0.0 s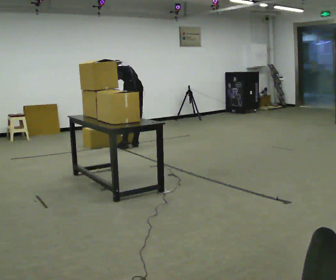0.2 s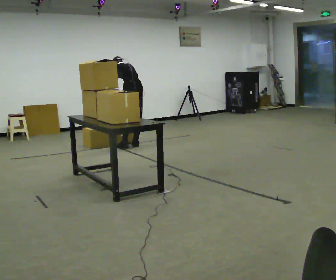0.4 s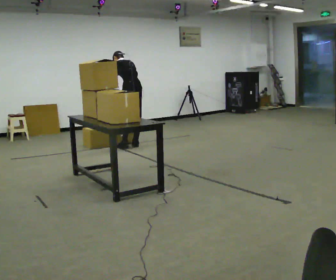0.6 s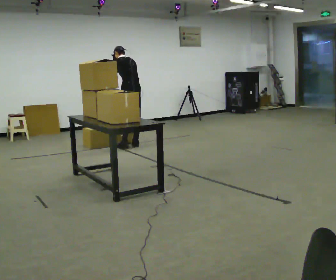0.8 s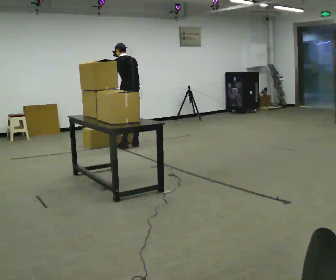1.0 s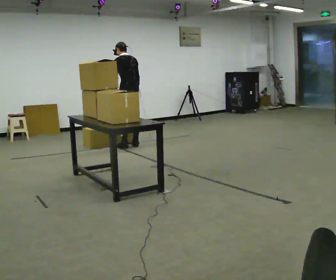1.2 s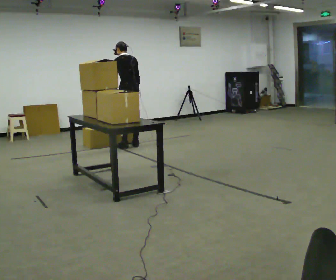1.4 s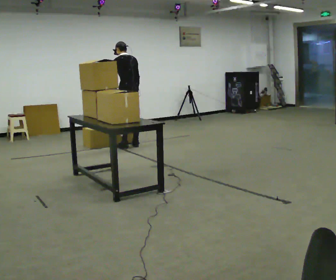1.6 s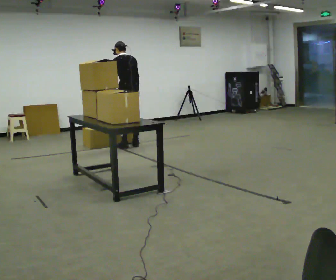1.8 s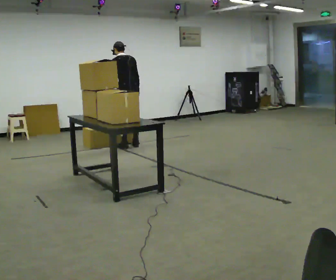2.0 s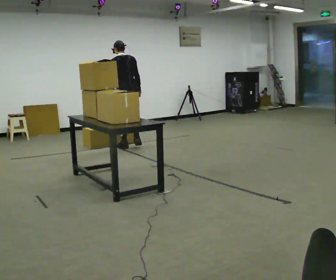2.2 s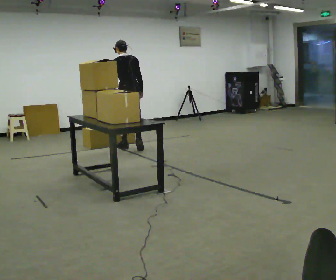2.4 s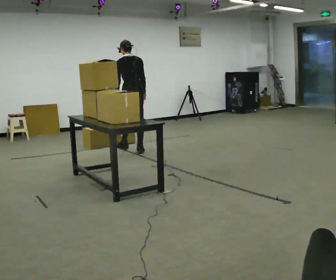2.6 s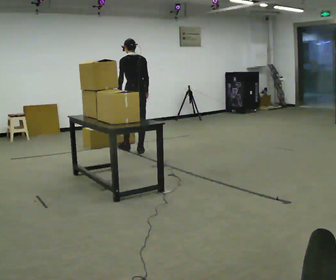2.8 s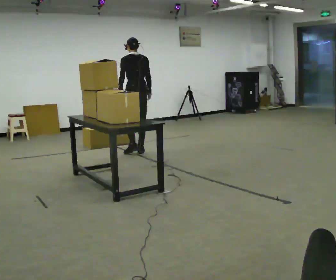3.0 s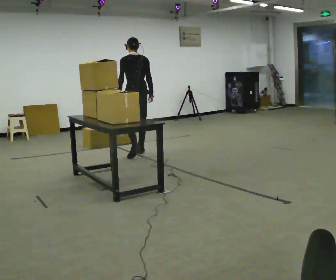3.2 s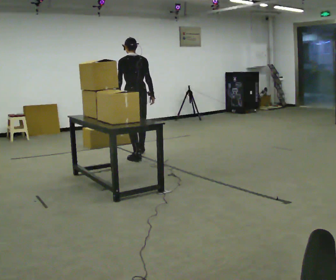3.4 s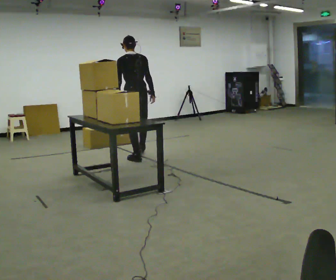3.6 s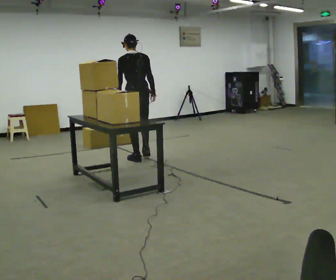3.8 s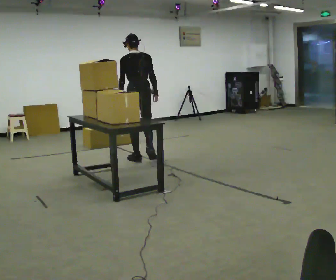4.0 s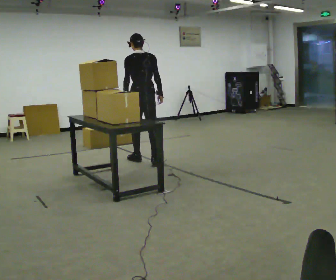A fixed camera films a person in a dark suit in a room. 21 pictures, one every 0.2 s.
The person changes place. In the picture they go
toward the camera.
The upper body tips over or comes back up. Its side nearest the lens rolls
downward.
0.0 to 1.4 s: The shoulders move upward. The upper body tips toward the camera, its near side rolling downward, as they lean back or straighten.
1.4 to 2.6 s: In the picture they go toward the camera, about 0.5 m in 2 steps, which for them is backward.
2.6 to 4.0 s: In the picture they go toward the camera, about 0.75 m in 1 step, which for them is backward.
The film runs backward here.
